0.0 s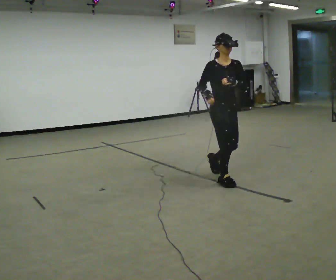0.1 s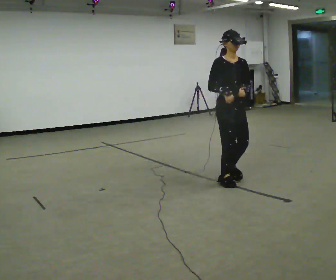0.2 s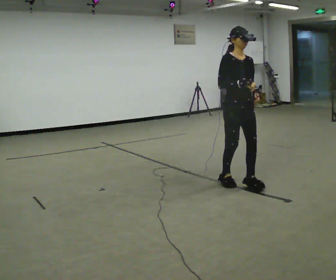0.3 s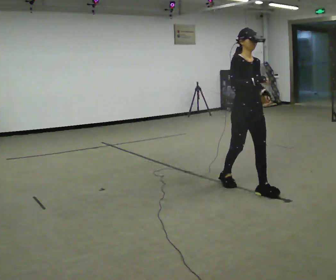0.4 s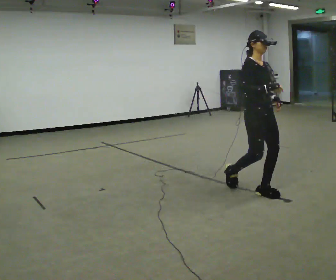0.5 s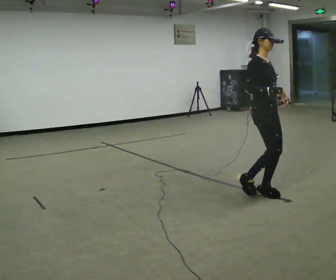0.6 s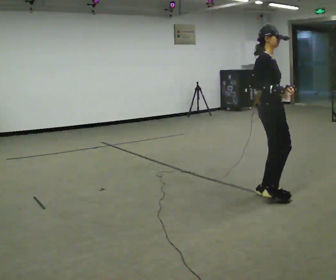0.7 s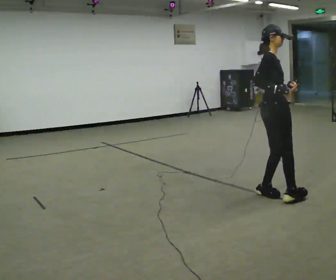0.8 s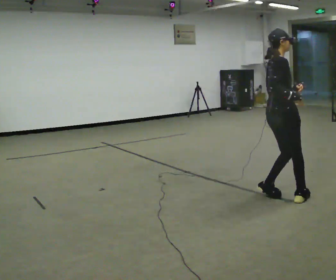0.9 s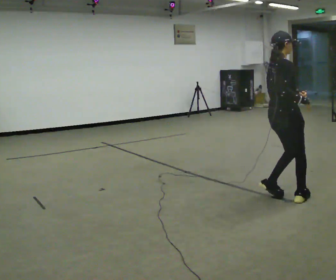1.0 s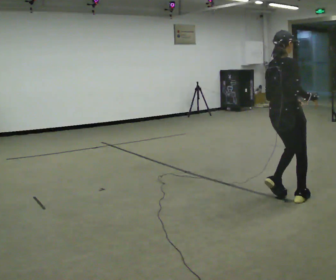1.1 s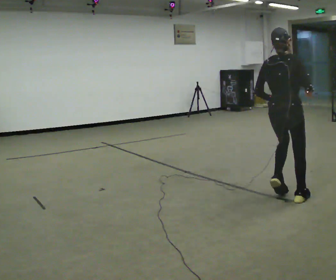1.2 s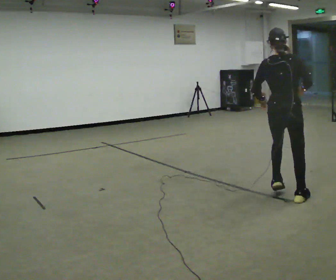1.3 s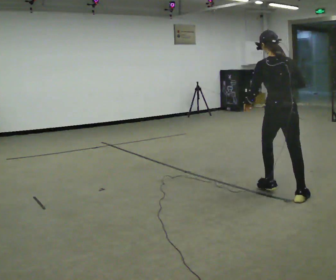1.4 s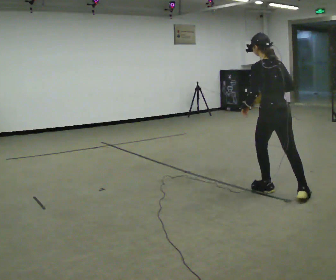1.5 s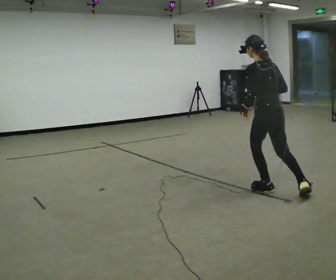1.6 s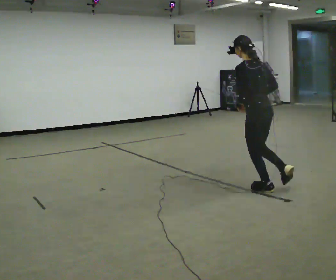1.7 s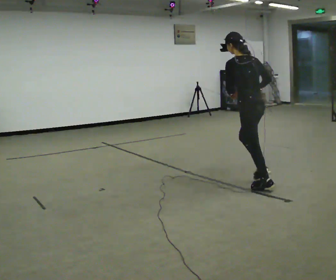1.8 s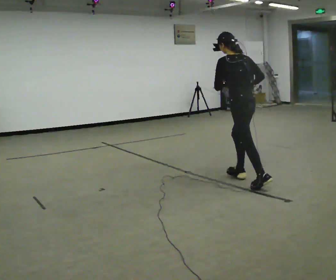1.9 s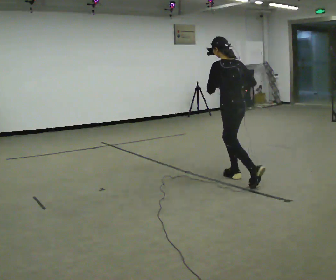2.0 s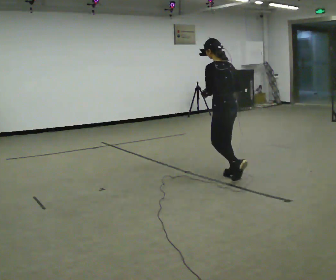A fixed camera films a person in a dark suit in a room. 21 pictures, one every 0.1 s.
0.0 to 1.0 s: Seen from above the body turns counterclockwise, about 105 degrees: to their left, with its near side sliding to the right. In the picture they go to the right and toward the camera, about 0.5 m in 2 steps.
1.0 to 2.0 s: Seen from above the body turns counterclockwise, about 90 degrees: to their left, with its near side sliding to the right. In the picture they go away from the camera and to the left, about 1 m in 1 step.
The film runs forward here.
